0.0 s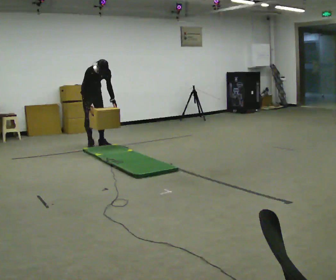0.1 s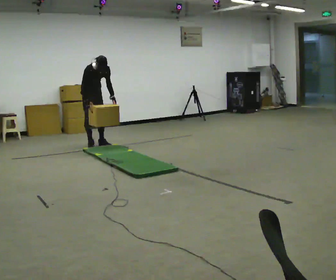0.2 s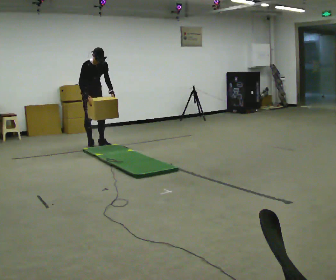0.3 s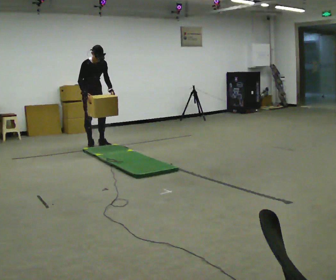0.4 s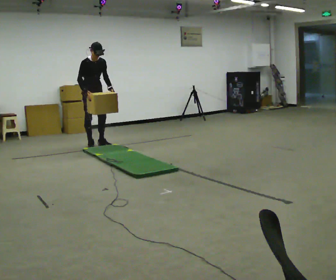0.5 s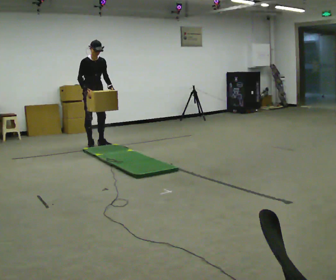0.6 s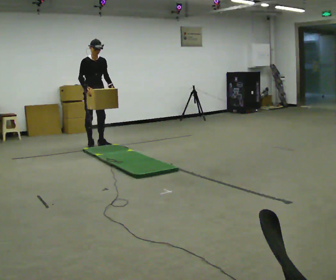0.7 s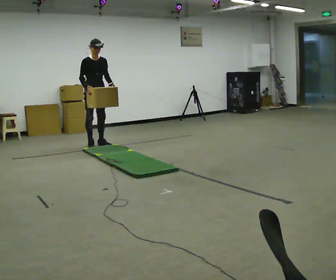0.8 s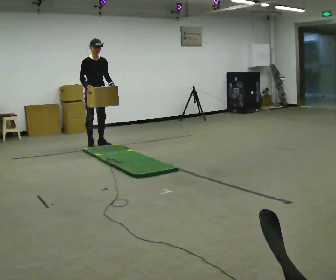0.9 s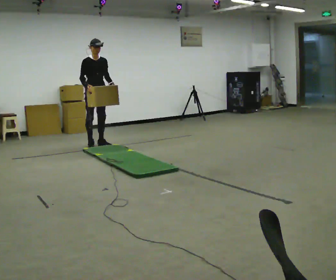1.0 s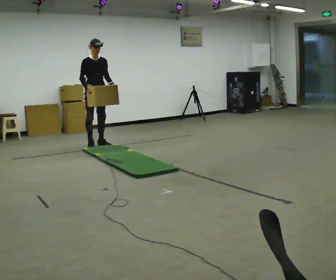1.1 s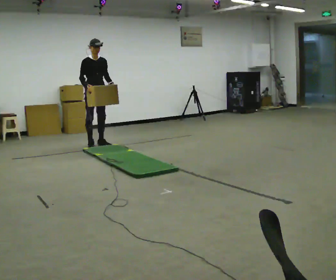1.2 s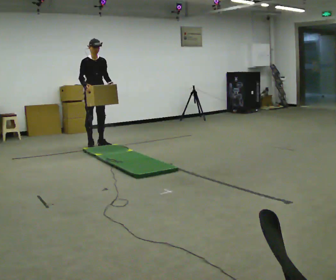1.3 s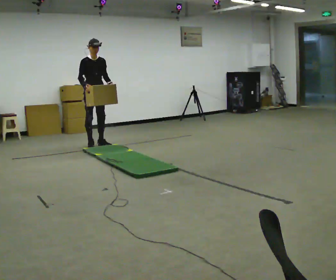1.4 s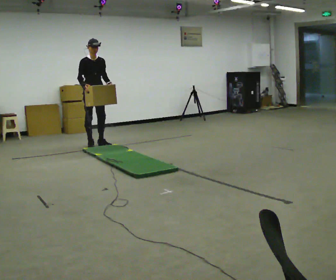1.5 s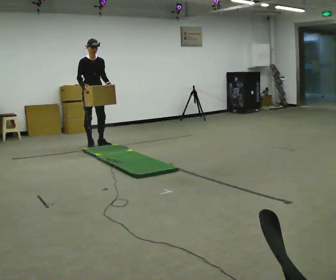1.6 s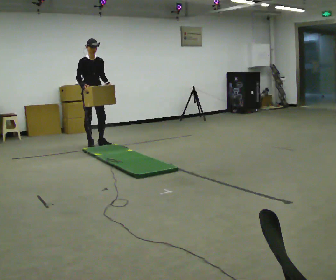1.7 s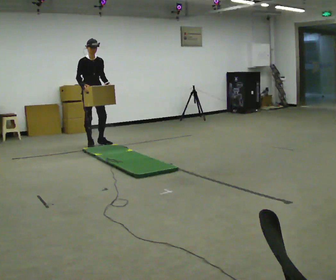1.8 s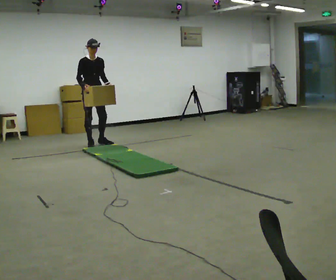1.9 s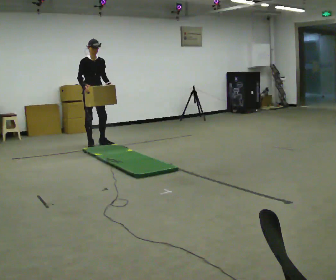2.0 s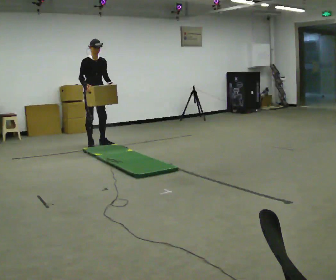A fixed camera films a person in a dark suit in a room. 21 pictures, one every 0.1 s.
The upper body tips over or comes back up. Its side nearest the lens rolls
upward.
0.0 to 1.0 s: The upper body goes upward. The upper body tips away from the camera, its near side rolling upward, as they lean back or straighten.
1.0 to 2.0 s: The person moves a little, or ends about where they began.
The film runs backward here.
